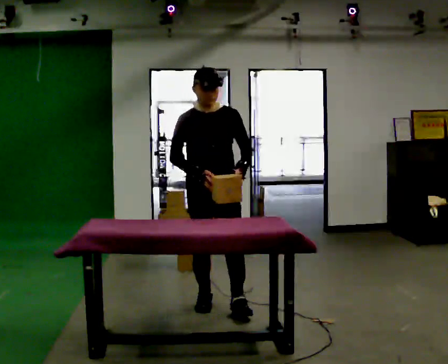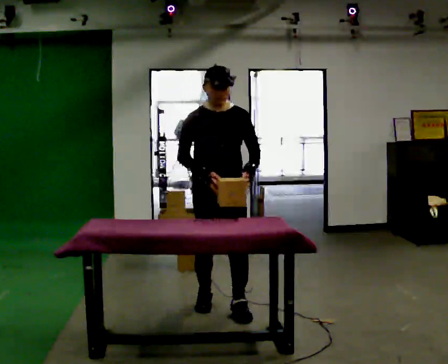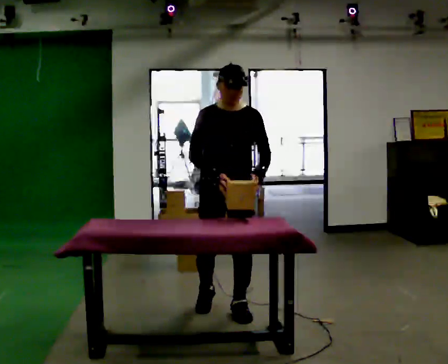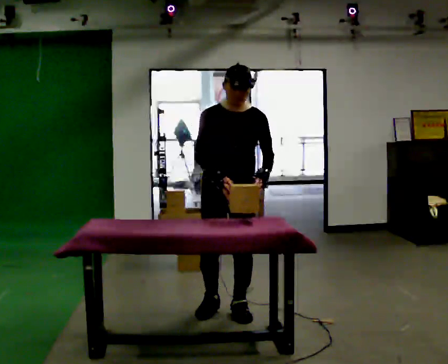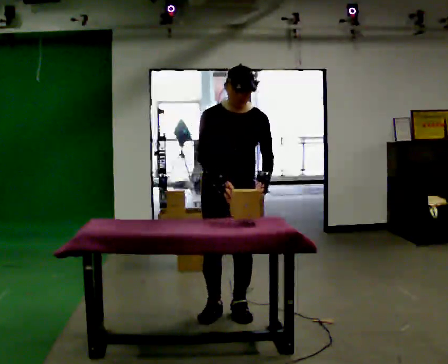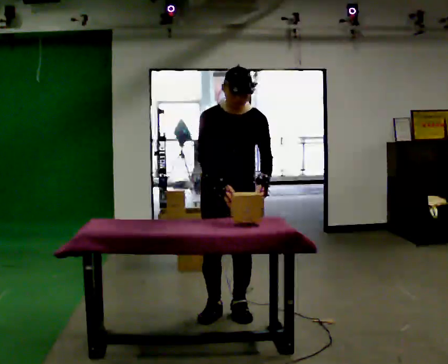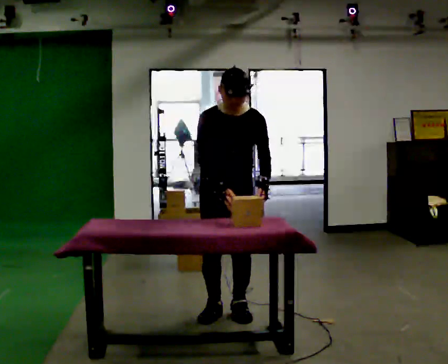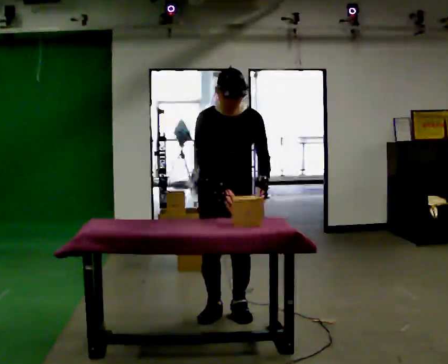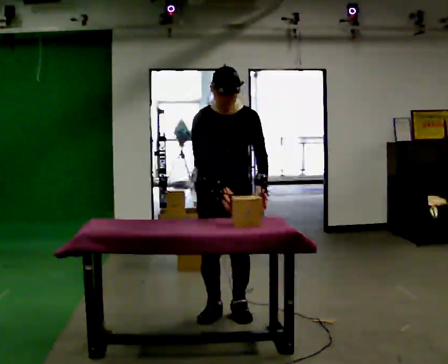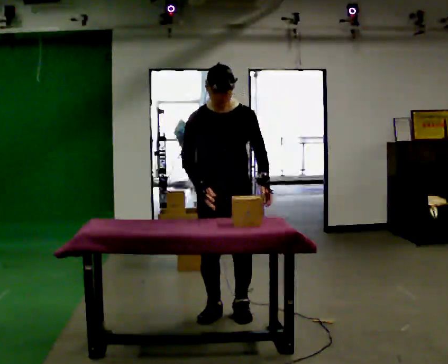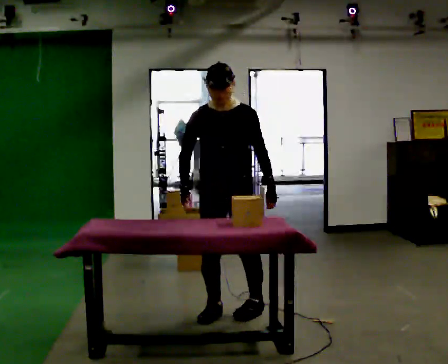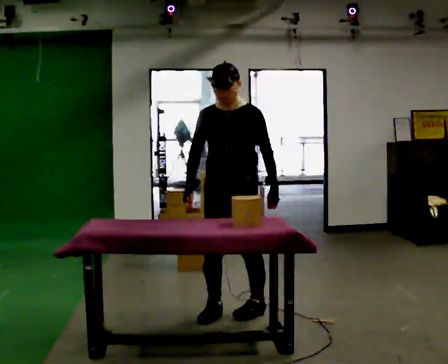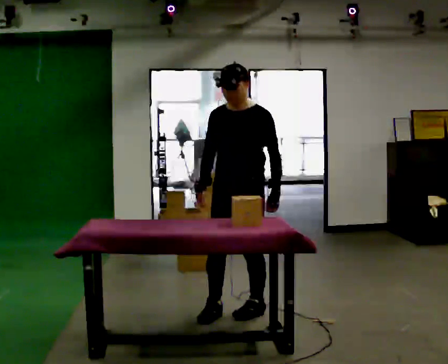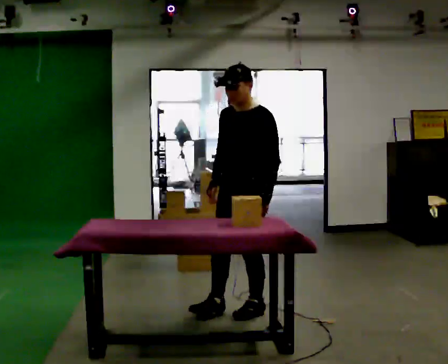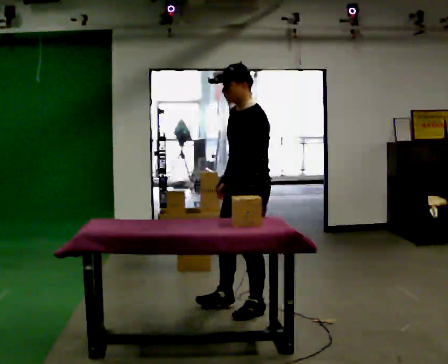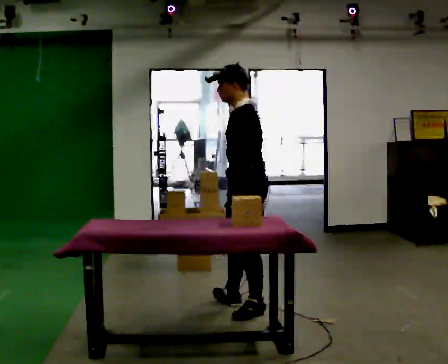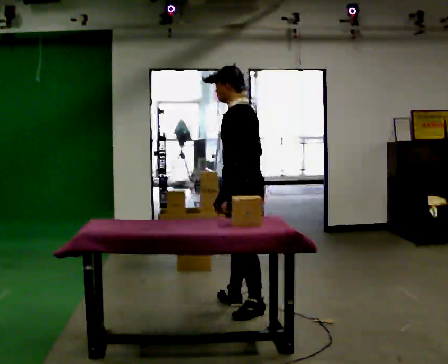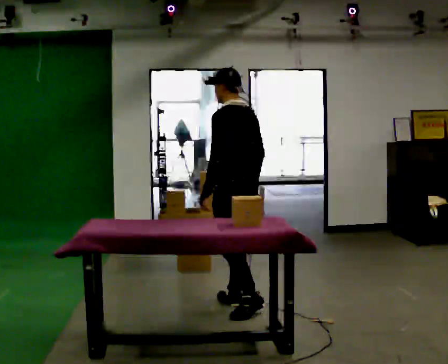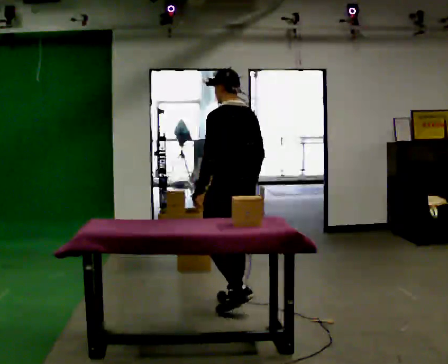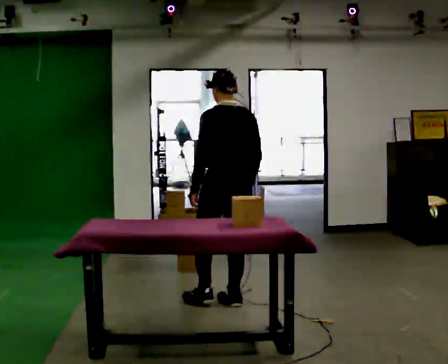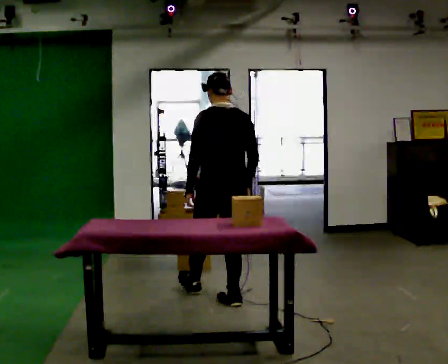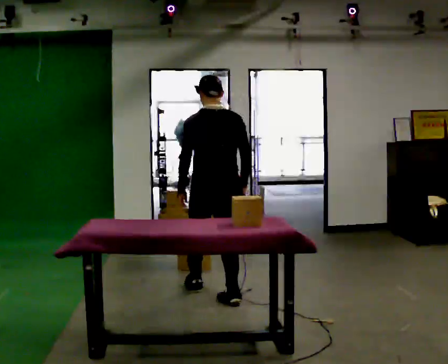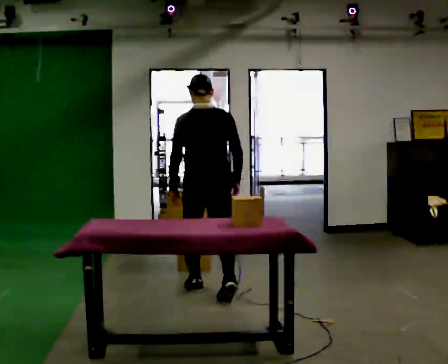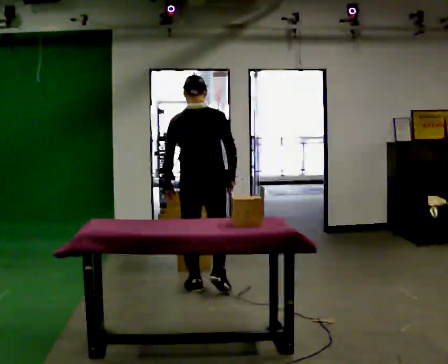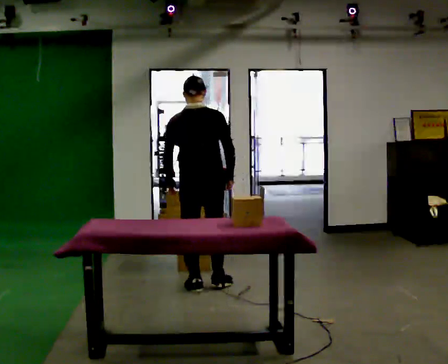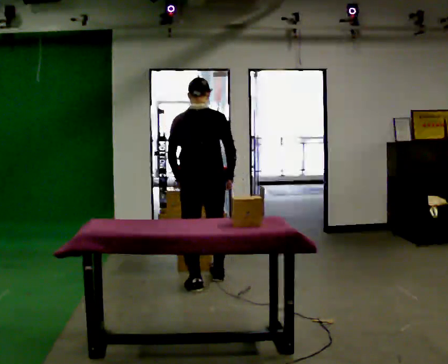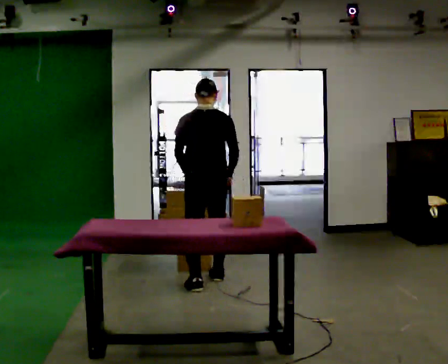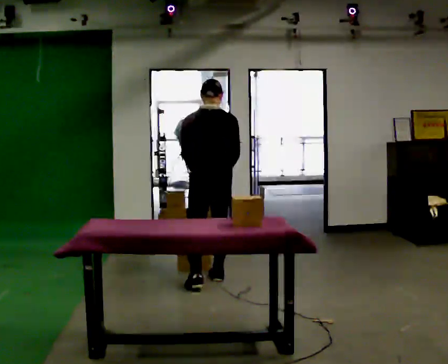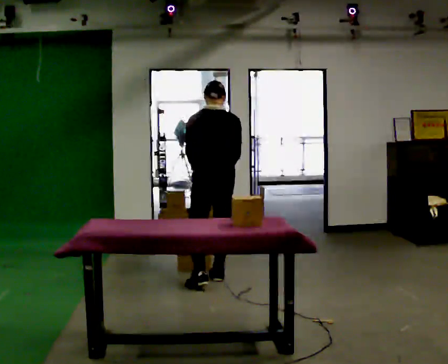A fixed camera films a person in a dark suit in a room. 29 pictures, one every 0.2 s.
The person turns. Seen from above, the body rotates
clockwise.
The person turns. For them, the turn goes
to their right.
0.0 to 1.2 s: In the picture they go toward the camera, about 0.25 m in 1 step, which for them is forward.
1.2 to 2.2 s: The person moves a little, or ends about where they began.
2.2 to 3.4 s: The part of the body nearest the lens slides to the left as the person turns to their right by about 105 degrees. In the picture they go away from the camera, about 0.25 m in 1 step. In the picture their left hand goes to the left, the arm swinging clockwise.
3.4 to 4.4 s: The part of the body nearest the lens slides to the left as the person turns to their right by about 60 degrees. In the picture they go away from the camera and to the left, about 0.5 m in 1 step, which for them is forward.
4.4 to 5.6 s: In the picture they go away from the camera, about 0.5 m in 1 step, which for them is forward.
The film runs forward here.
